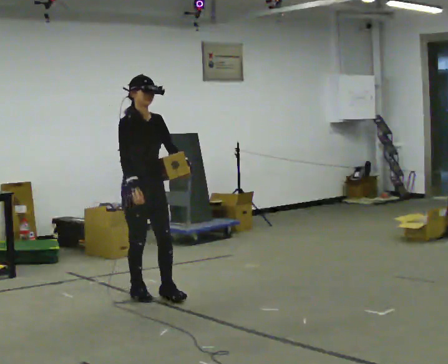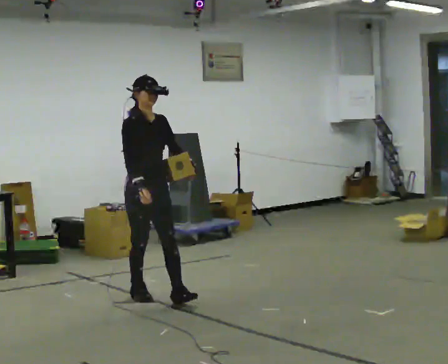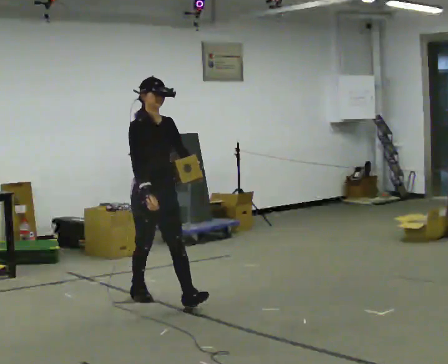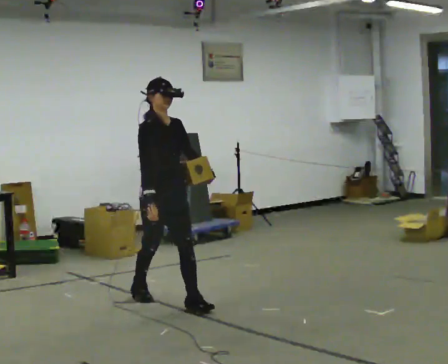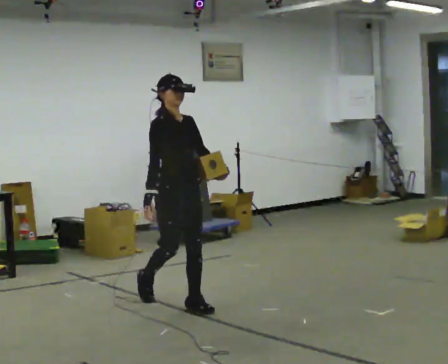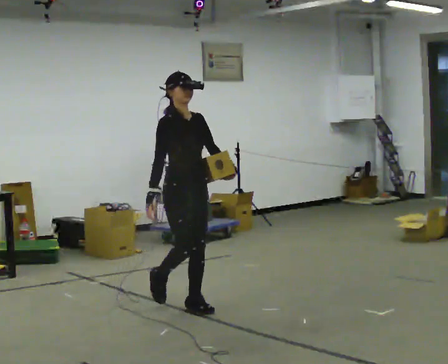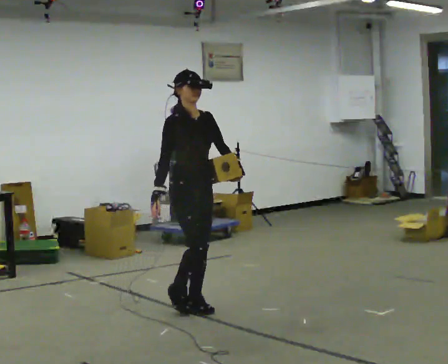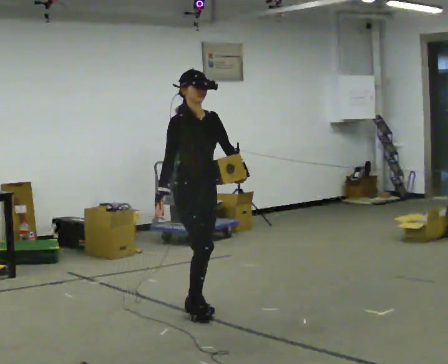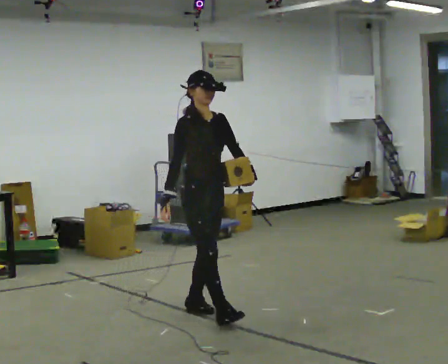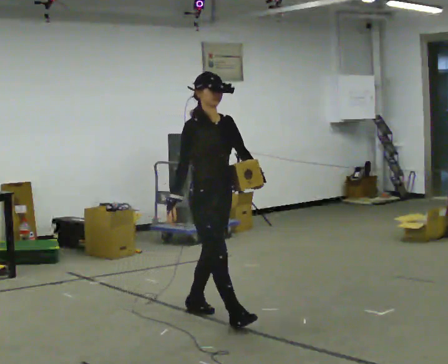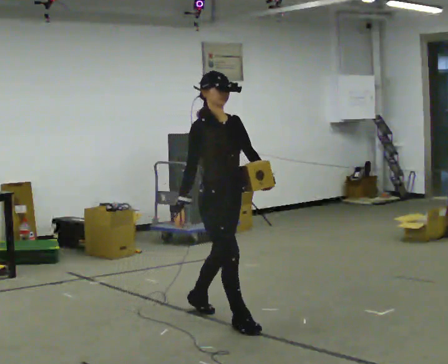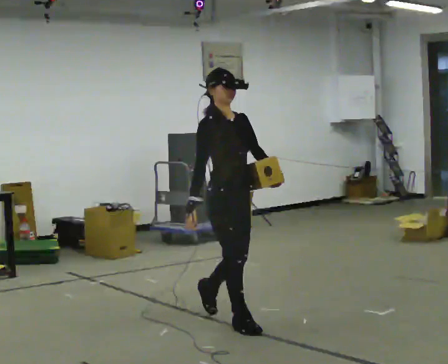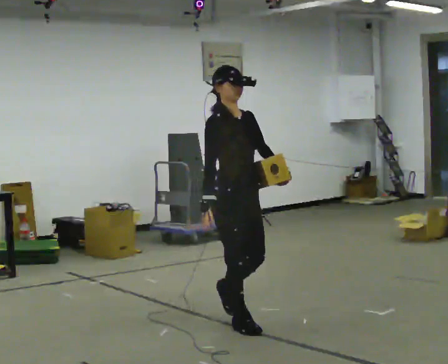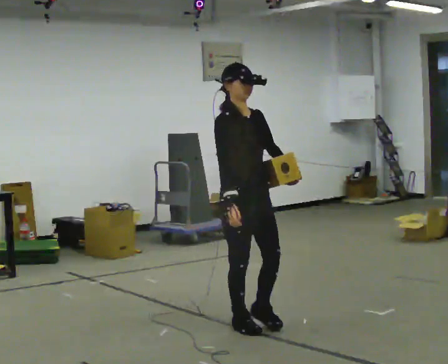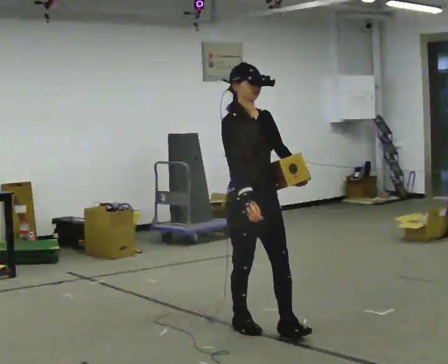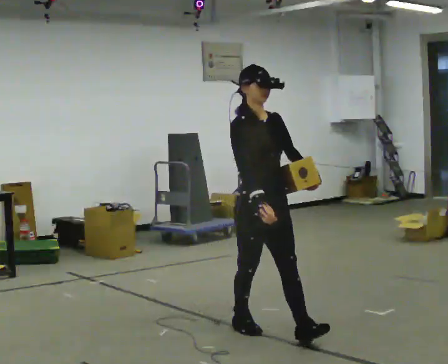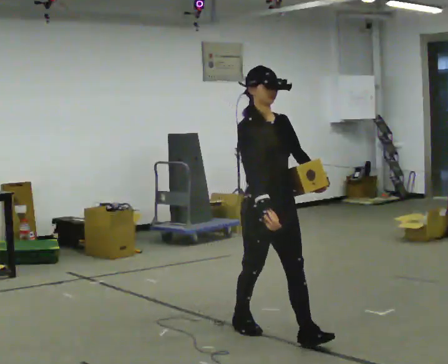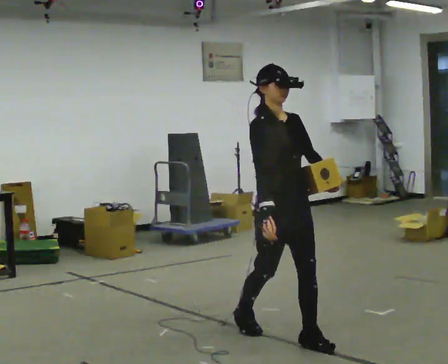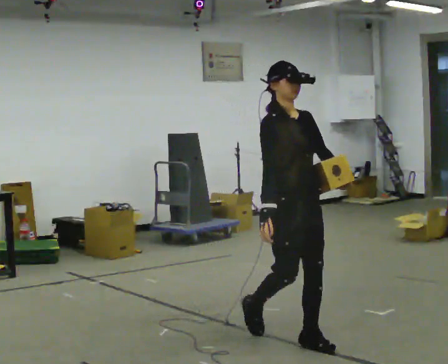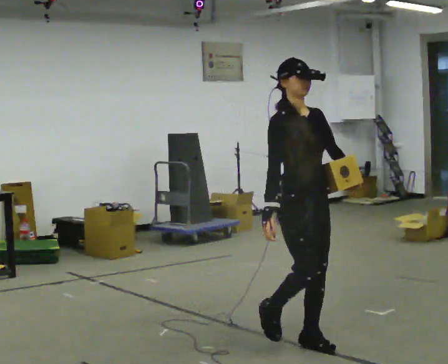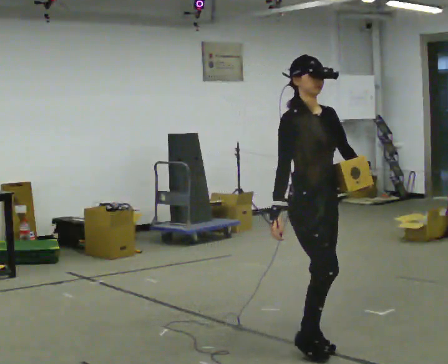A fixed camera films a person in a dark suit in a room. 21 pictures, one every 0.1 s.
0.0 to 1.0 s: In the picture they go toward the camera and to the right, about 1 m in 2 steps, which for them is forward.
1.0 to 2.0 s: In the picture they go toward the camera and to the right, about 1 m in 1 step, which for them is forward.
The film runs forward here.
